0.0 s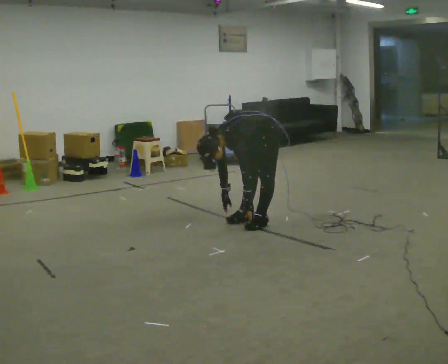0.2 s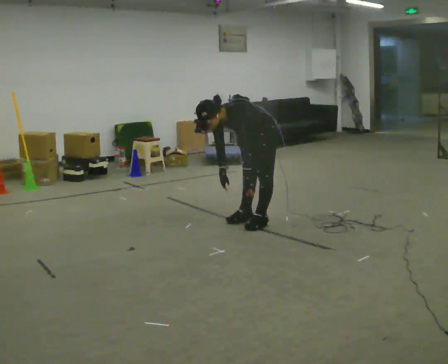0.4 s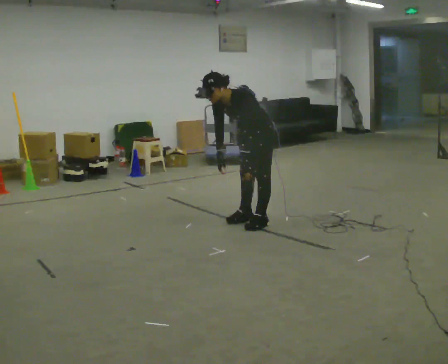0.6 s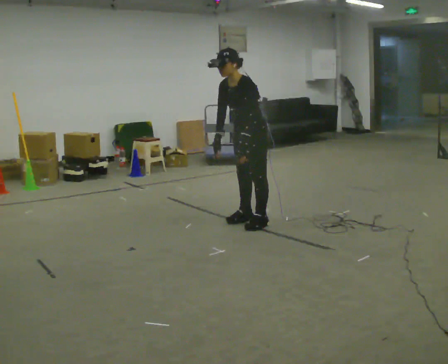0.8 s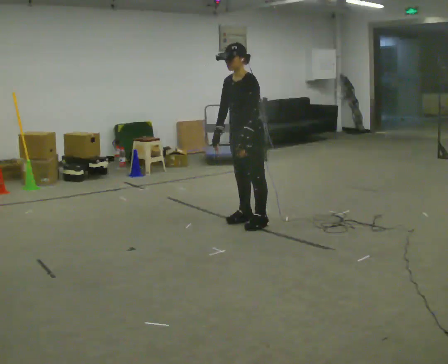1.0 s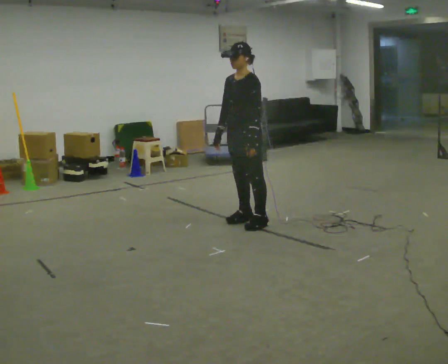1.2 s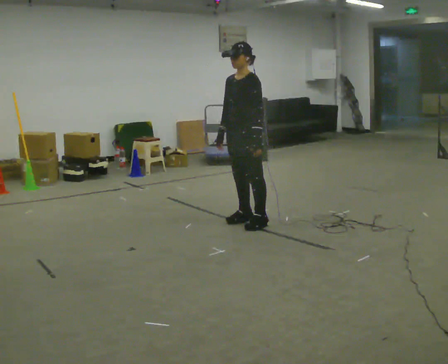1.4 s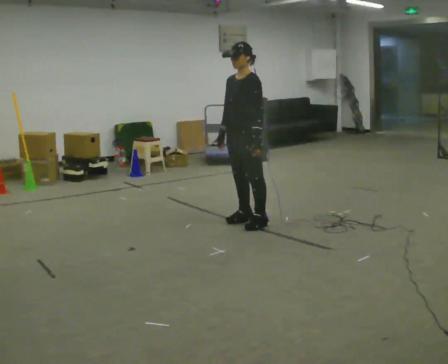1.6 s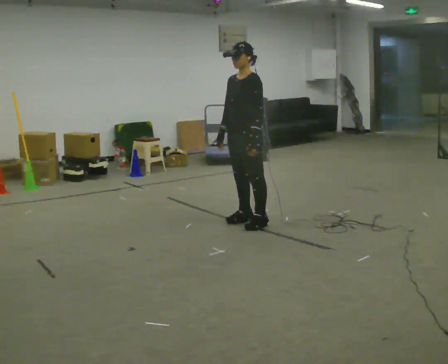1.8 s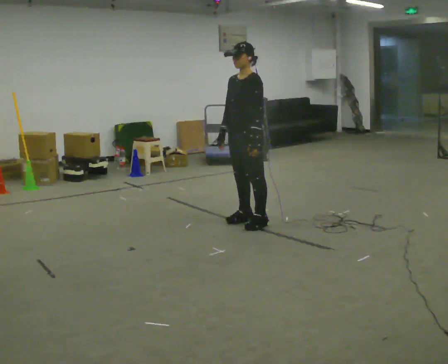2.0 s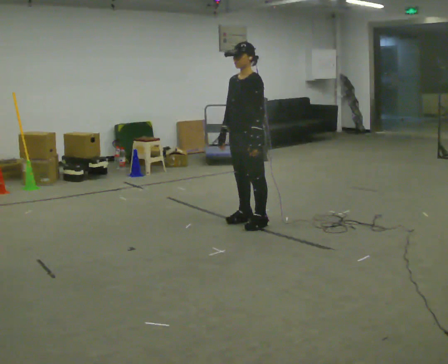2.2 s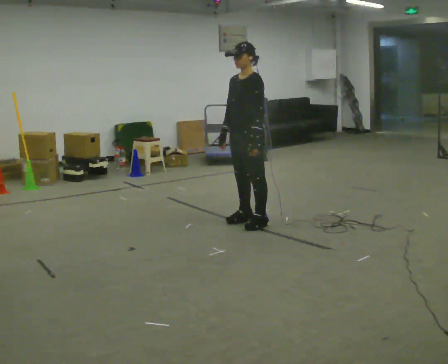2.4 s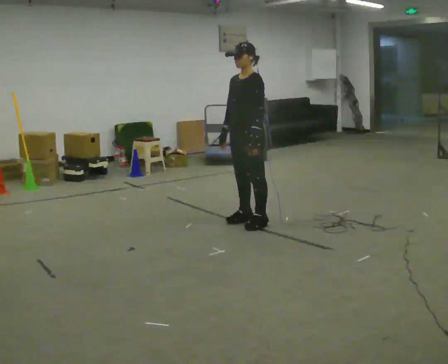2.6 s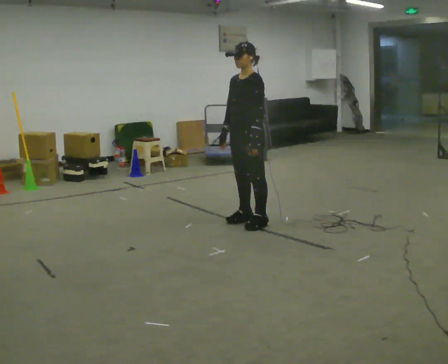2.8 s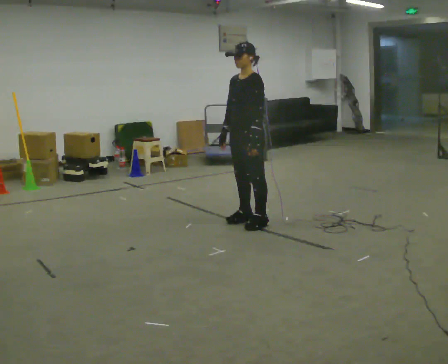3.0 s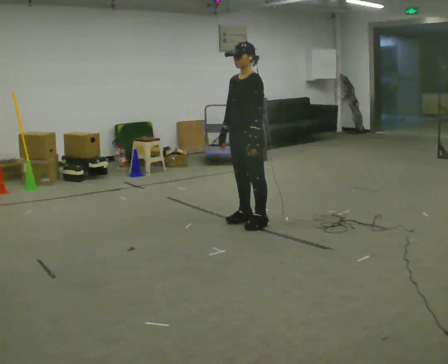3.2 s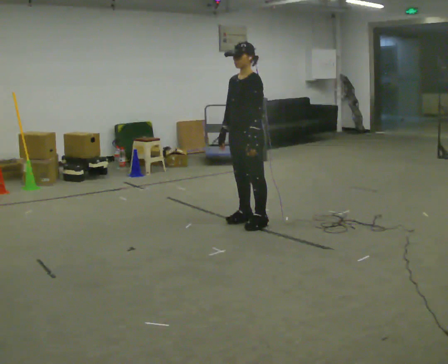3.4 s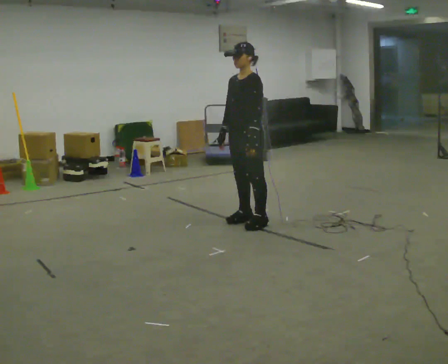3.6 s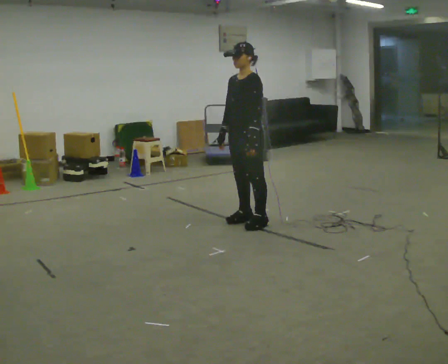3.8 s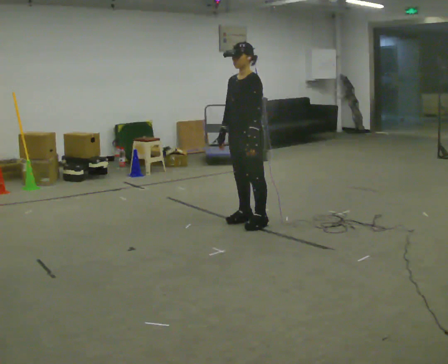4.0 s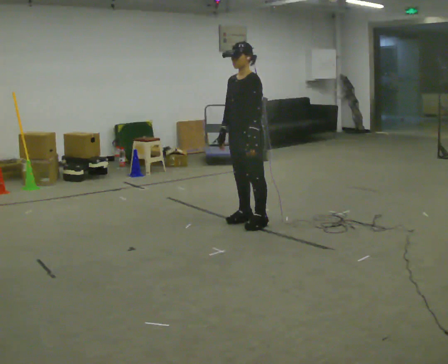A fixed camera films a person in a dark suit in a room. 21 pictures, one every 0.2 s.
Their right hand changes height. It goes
upward.
Their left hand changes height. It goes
upward.
0.0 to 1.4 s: In the picture they go to the left, about 0.25 m, which for them is forward. The shoulders move upward. In the picture the upper body tilts clockwise, shoulders to the right, as they lean back or straighten. In the picture their right hand goes upward.
1.4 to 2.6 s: The person moves a little, or ends about where they began.
2.6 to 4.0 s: The person keeps their place and pose.
The film runs forward here.
